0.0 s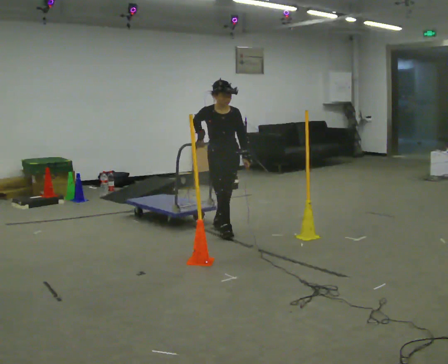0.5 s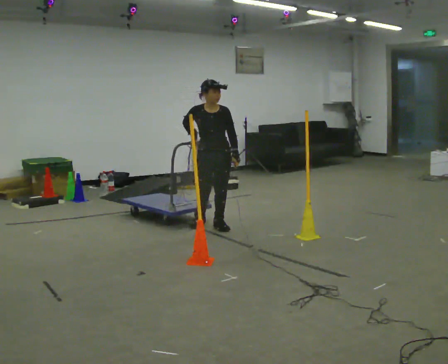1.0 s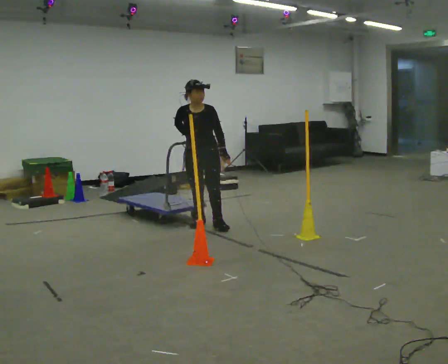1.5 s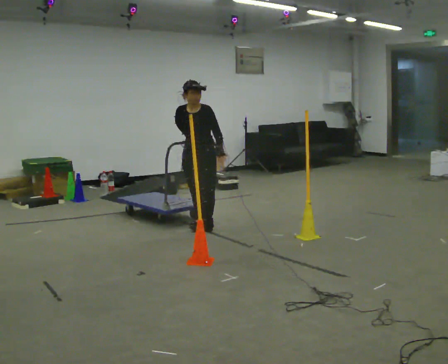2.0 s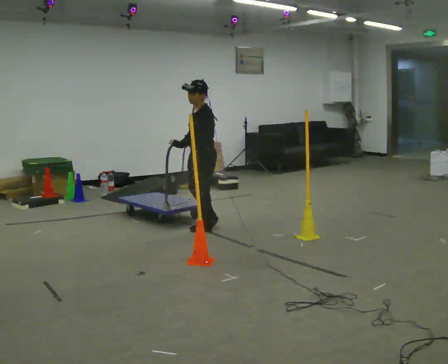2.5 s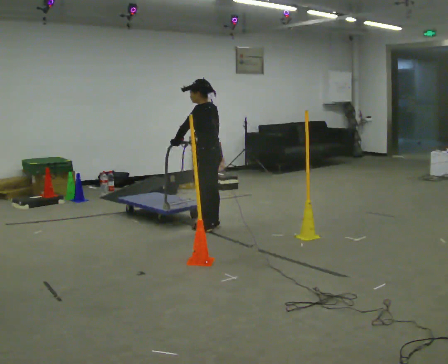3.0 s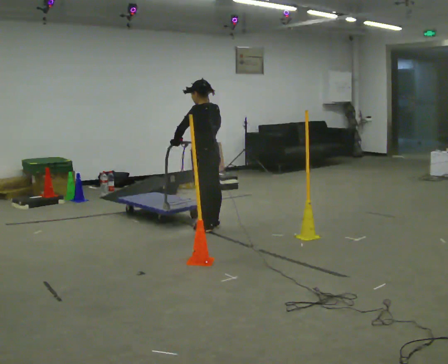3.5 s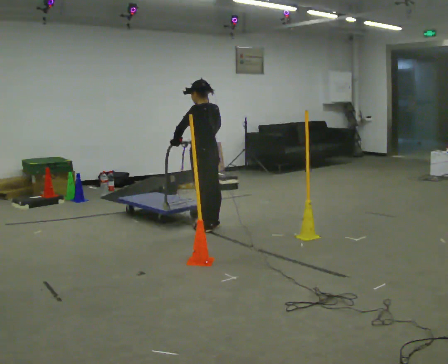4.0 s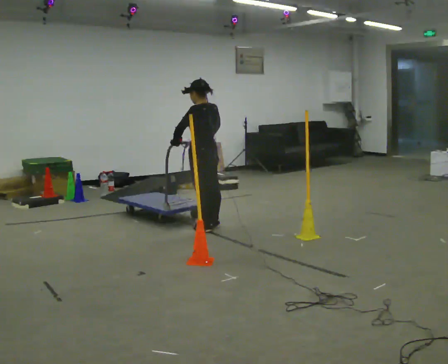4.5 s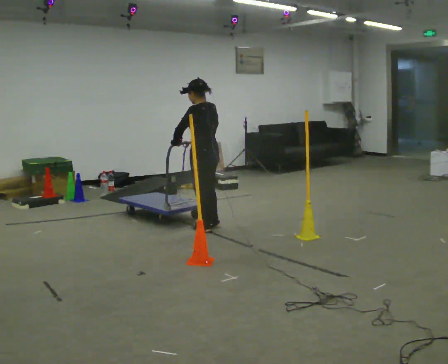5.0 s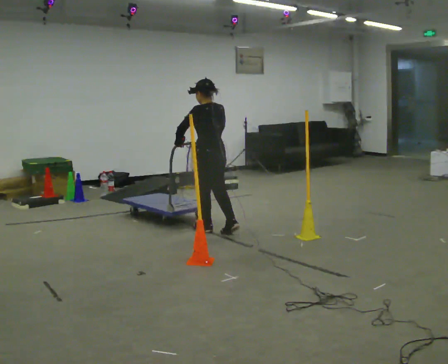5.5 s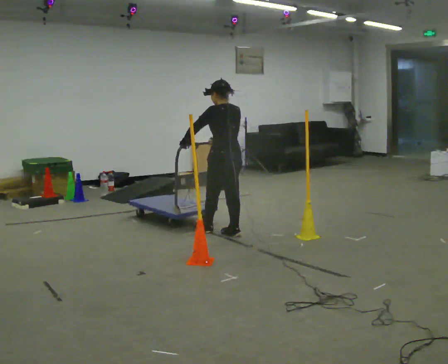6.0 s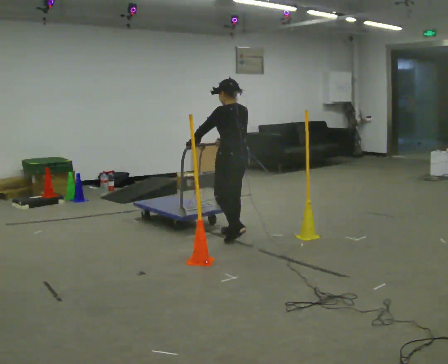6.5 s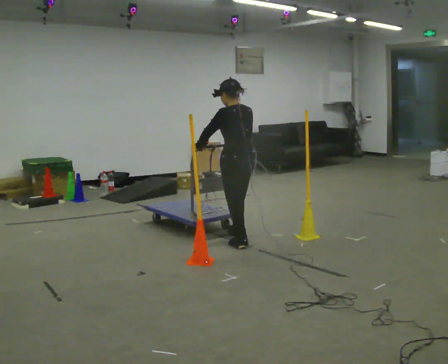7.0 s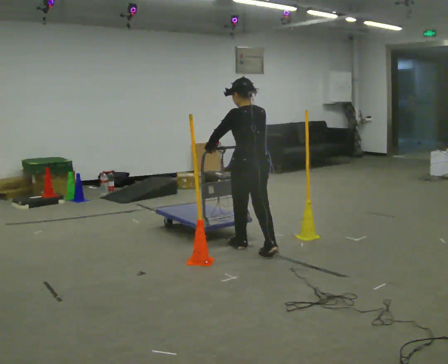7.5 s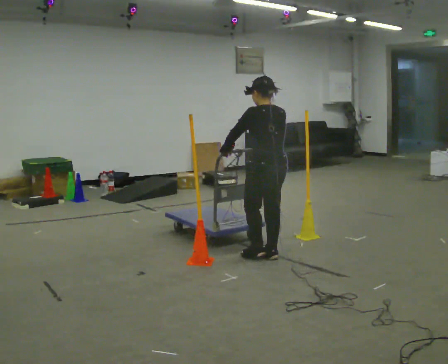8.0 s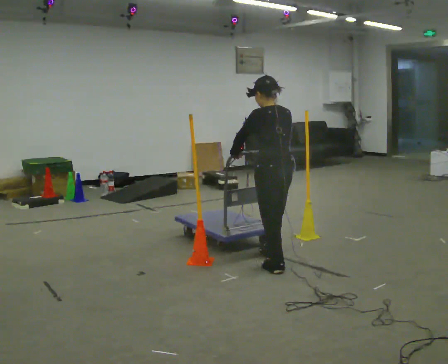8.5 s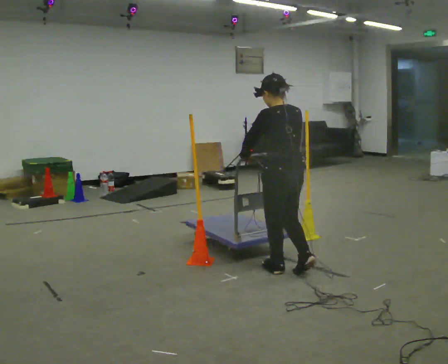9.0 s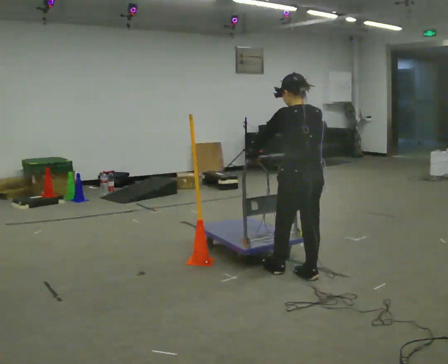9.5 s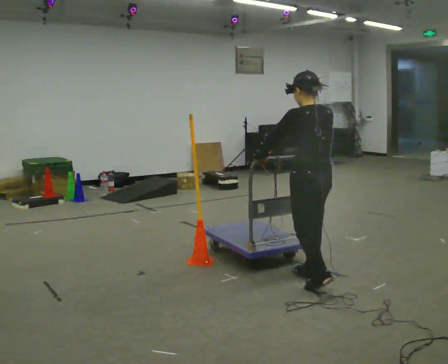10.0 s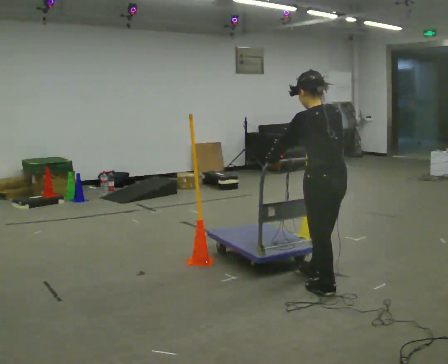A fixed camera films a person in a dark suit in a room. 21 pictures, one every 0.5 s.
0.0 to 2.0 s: The part of the body nearest the lens slides to the left as the person turns to their right by about 90 degrees. In the picture they go to the left, about 0.25 m in 1 step. In the picture their left hand goes to the left, the arm swinging clockwise.
2.0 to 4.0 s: The part of the body nearest the lens slides to the left as the person turns to their right by about 60 degrees.
4.0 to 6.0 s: In the picture they go toward the camera and to the right, about 0.5 m in 2 steps, which for them is backward.
6.0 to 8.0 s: In the picture they go toward the camera and to the right, about 1 m in 2 steps, which for them is backward.
8.0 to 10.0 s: In the picture they go toward the camera and to the right, about 0.75 m in 3 steps, which for them is backward.
The film runs backward here.
